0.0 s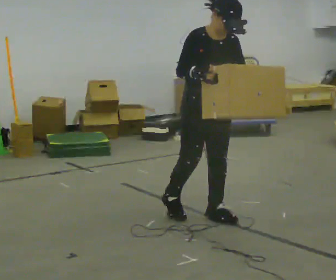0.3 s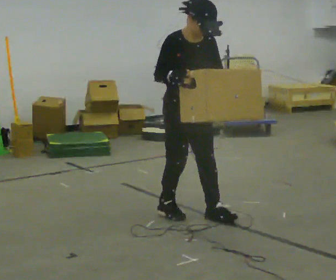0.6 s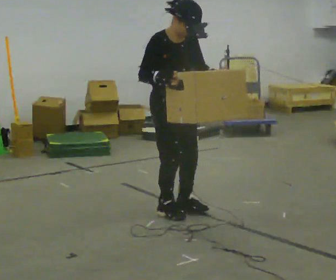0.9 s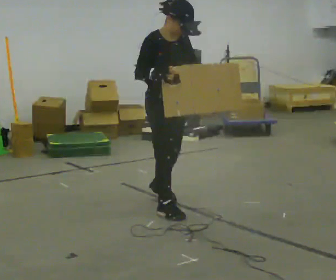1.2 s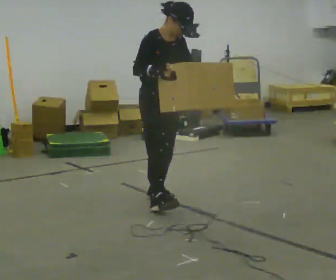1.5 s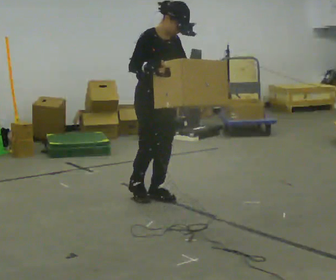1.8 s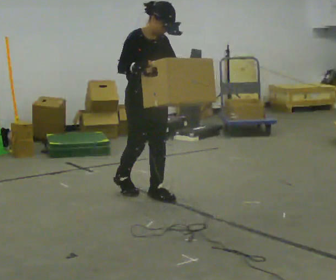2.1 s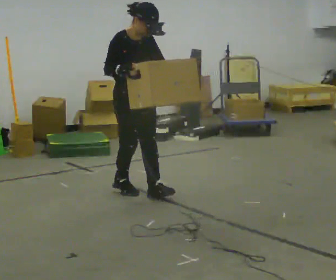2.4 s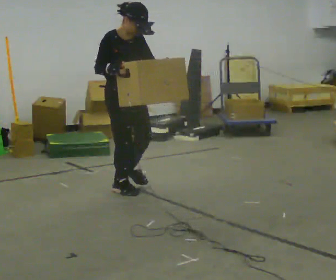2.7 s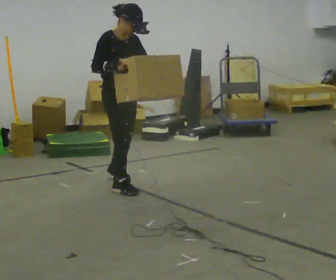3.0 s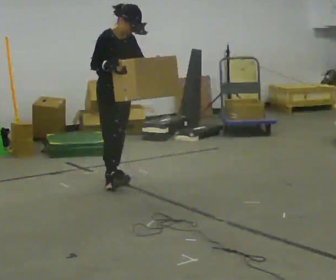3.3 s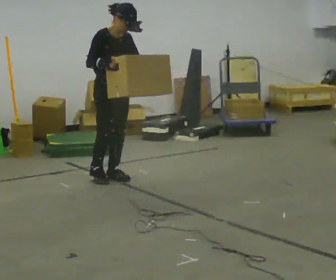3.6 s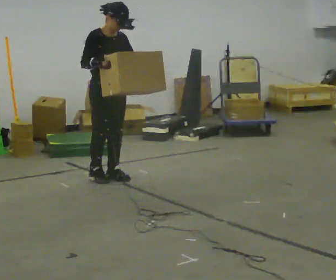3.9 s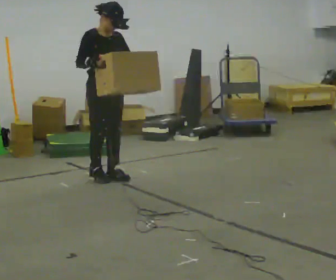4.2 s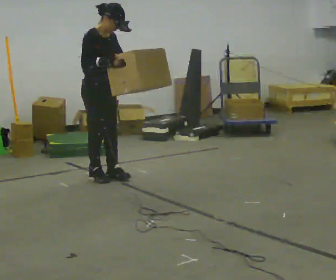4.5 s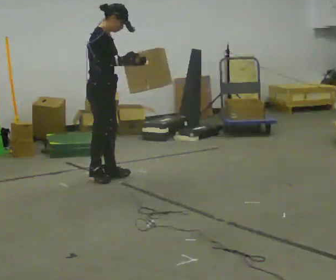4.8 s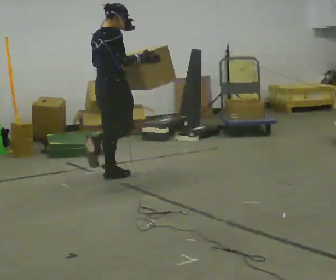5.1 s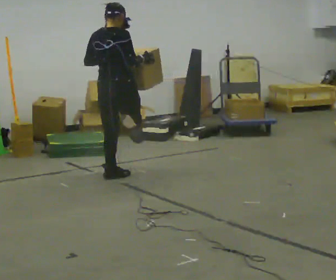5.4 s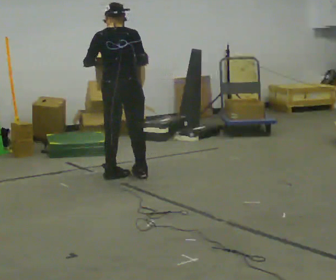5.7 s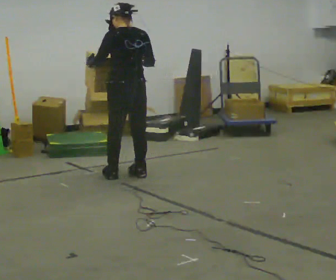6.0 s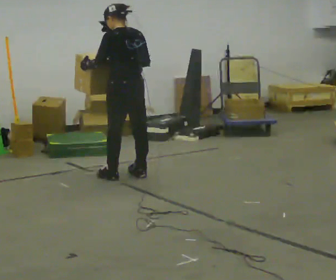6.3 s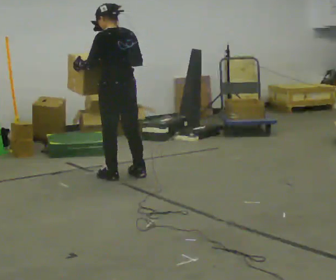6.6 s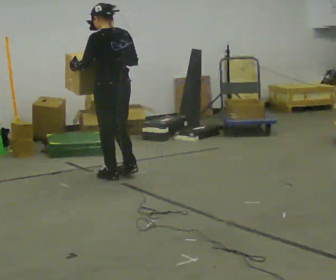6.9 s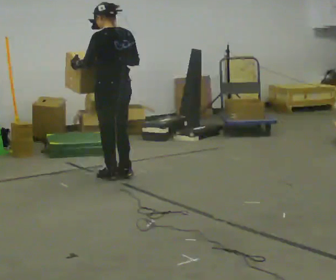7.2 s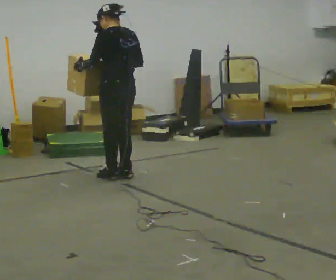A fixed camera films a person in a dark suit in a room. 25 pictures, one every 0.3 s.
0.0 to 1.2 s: In the picture they go away from the camera and to the left, about 0.5 m in 1 step, which for them is backward.
1.2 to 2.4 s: In the picture they go away from the camera and to the left, about 0.5 m in 1 step, which for them is backward.
2.4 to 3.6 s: In the picture they go away from the camera, about 0.5 m in 2 steps, which for them is backward and to their left.
3.6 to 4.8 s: The person turns about 90 degrees to their left, counterclockwise seen from above, so the part of the body nearest the lens slides to the right.
4.8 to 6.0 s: The part of the body nearest the lens slides to the right as the person turns to their left by about 90 degrees. In the picture they go to the right, about 0.25 m in 1 step.
6.0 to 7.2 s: The person moves a little, or ends about where they began.
The film runs forward here.
